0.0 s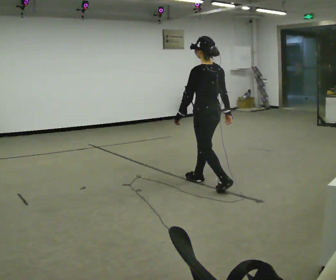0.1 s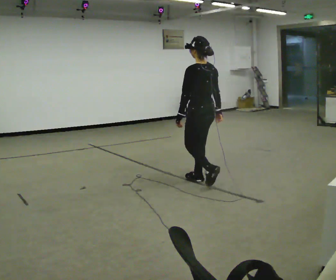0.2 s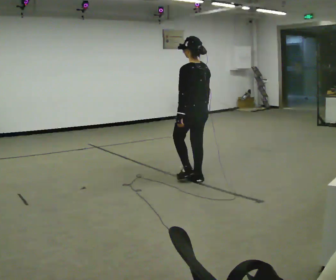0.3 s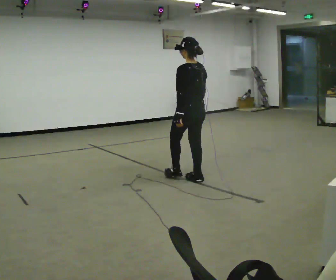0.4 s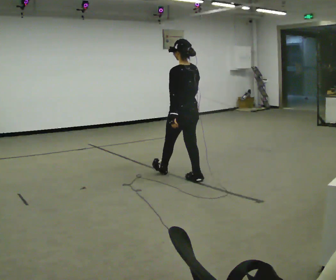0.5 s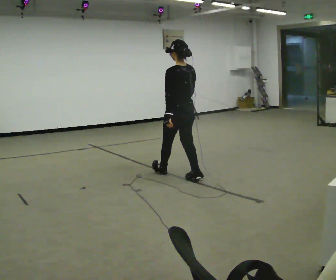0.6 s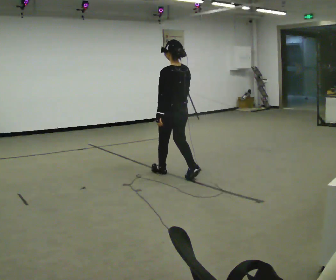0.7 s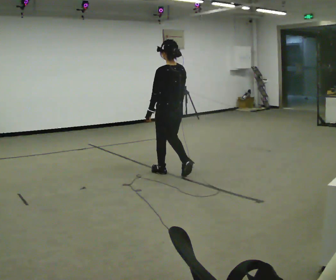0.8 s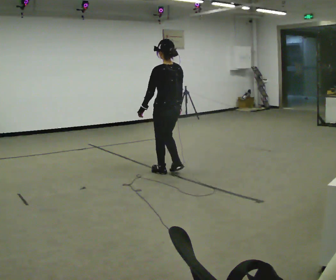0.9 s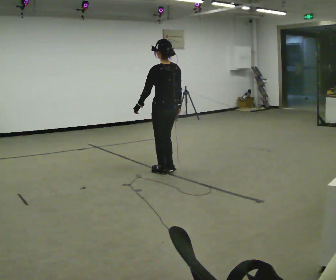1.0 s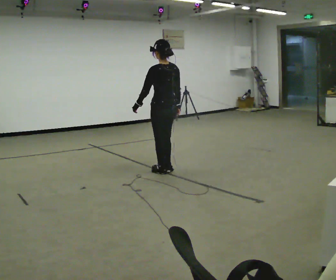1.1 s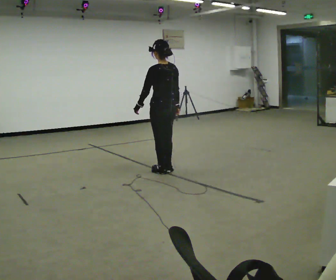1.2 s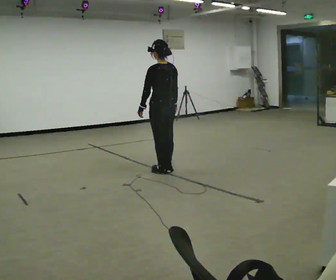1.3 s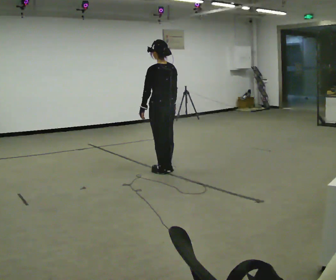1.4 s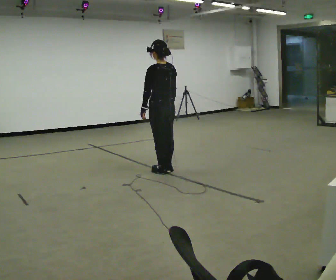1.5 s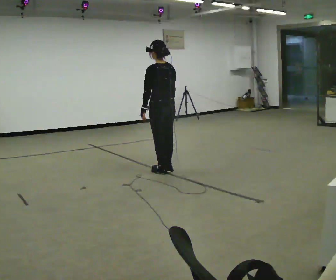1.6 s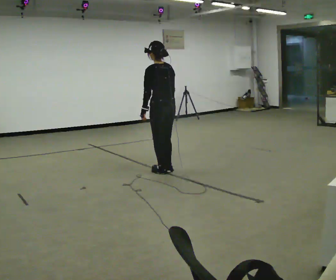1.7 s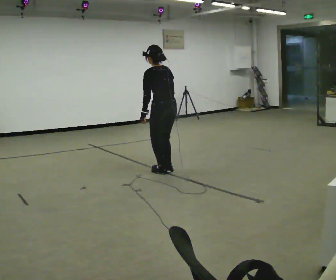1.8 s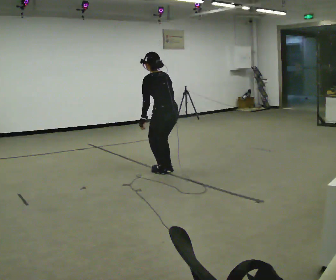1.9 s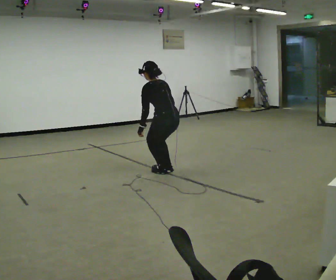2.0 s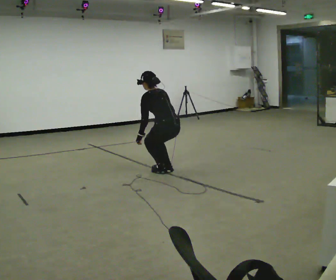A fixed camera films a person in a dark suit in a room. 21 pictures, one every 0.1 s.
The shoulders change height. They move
downward.
The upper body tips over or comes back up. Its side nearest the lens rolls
upward.
0.0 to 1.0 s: In the picture they go away from the camera and to the left, about 0.5 m in 2 steps, which for them is forward.
1.0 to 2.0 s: The upper body goes downward. The upper body tips away from the camera, its near side rolling upward, as they bend forward. In the picture their left hand goes downward.
The film runs forward here.
